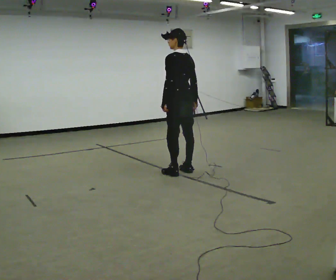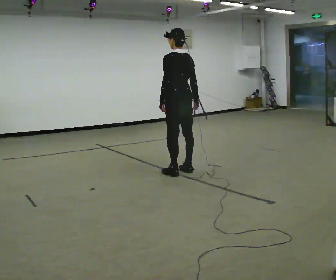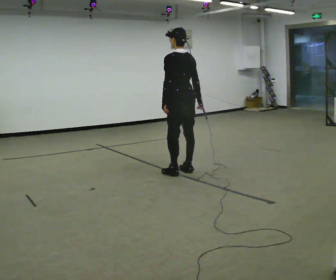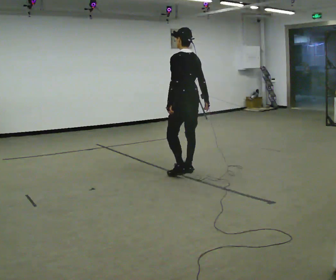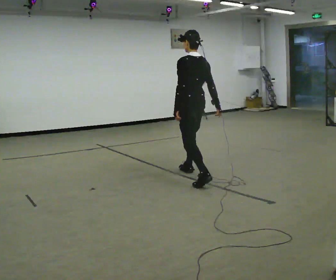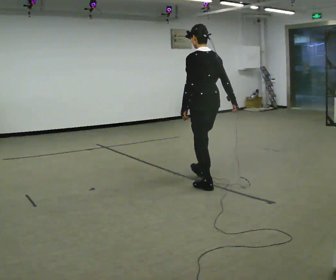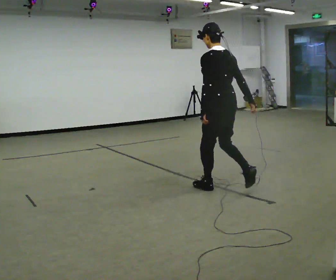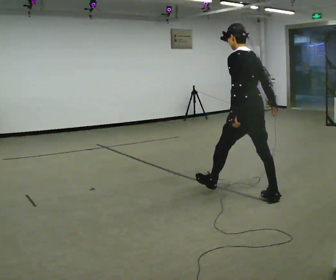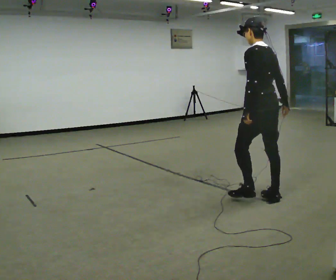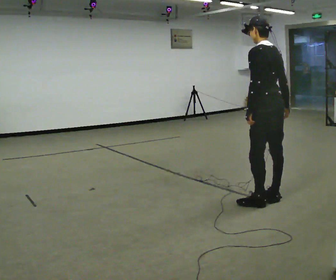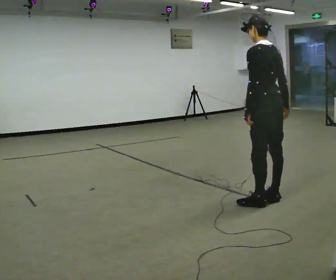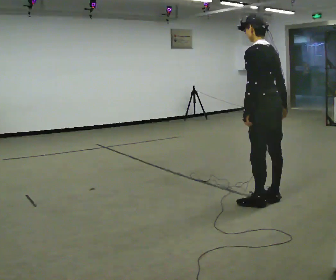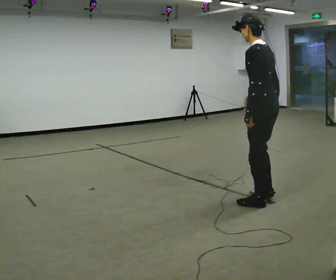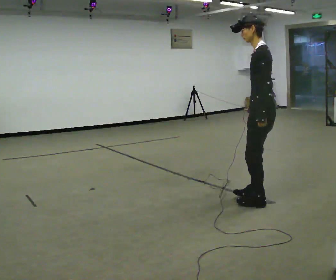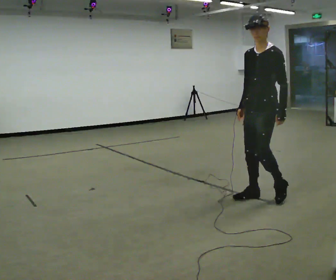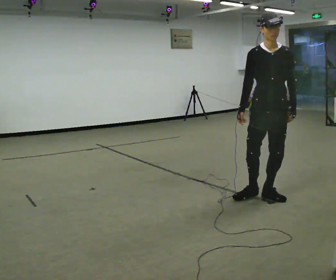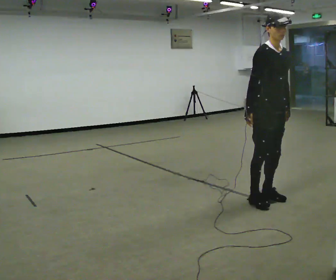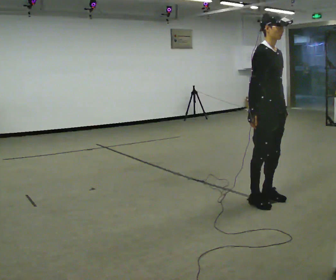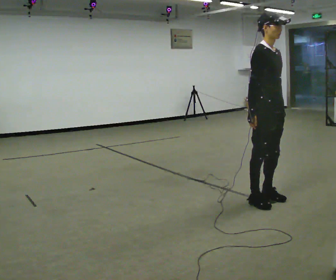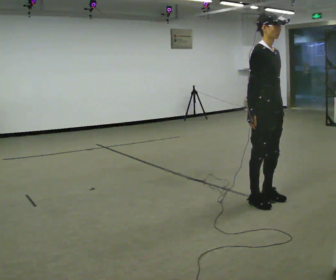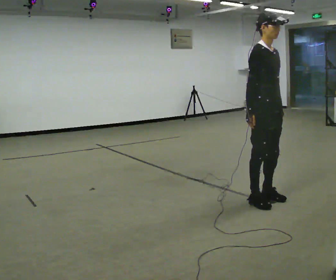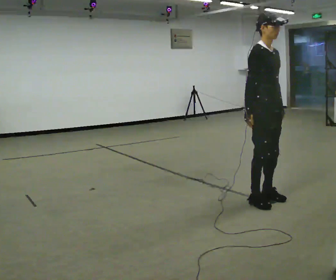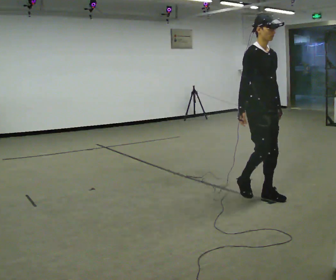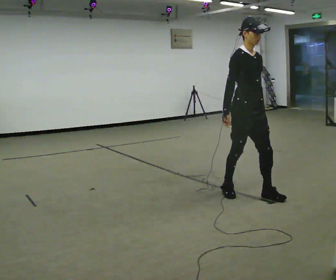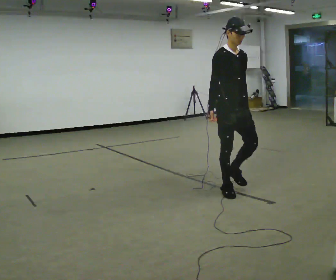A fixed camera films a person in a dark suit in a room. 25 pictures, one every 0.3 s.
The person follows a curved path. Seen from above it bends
clockwise.
0.0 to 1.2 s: In the picture they go toward the camera and to the right, about 0.25 m in 1 step, which for them is backward.
1.2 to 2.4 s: In the picture they go to the right and toward the camera, about 1 m in 2 steps, which for them is backward.
2.4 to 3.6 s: In the picture they go toward the camera, about 0.25 m in 1 step.
3.6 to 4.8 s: The part of the body nearest the lens slides to the right as the person turns to their left by about 165 degrees. In the picture their right hand goes to the left, the arm swinging clockwise.
4.8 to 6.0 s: The person moves a little, or ends about where they began.
6.0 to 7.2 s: In the picture they go away from the camera and to the left, about 0.5 m in 2 steps, which for them is backward.
The film runs backward here.
